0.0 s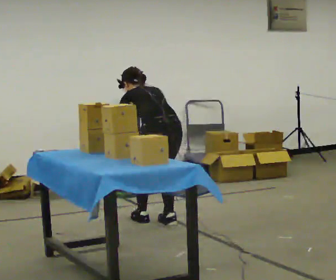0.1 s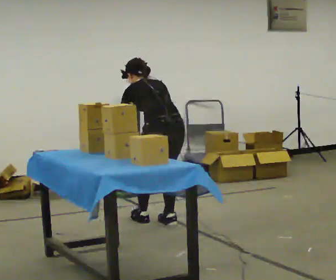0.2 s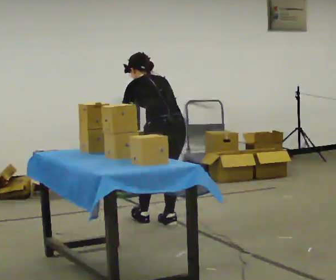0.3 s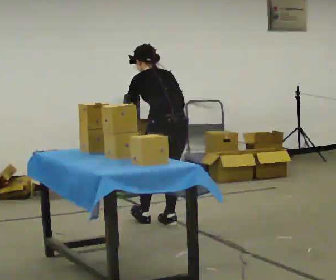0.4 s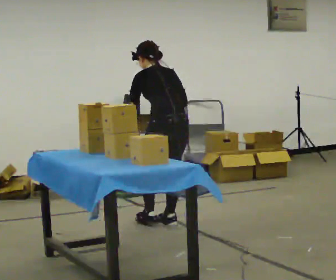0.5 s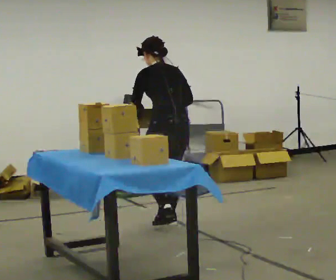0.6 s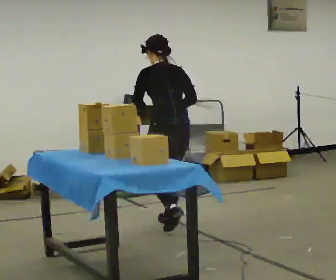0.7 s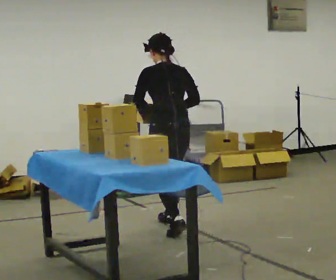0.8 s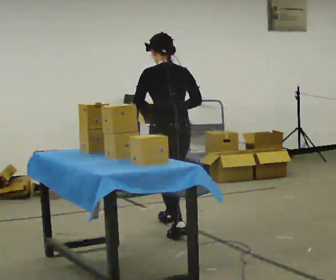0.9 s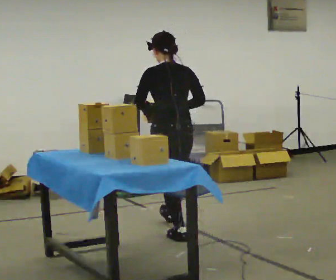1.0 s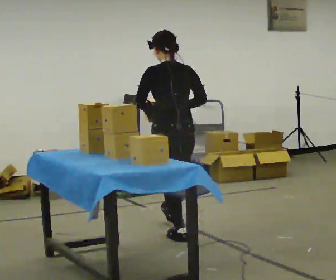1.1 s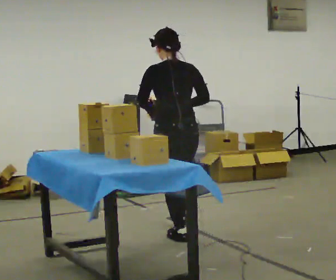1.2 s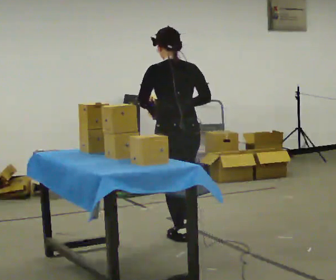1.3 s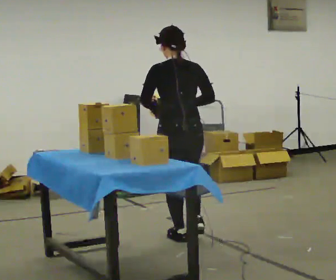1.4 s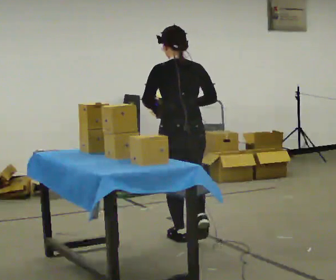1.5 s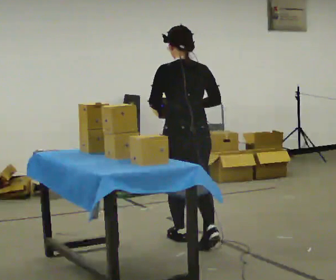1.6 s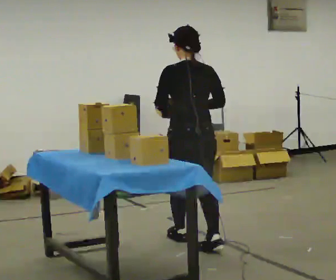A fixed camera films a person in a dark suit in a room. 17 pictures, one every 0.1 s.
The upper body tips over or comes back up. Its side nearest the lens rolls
downward.
Their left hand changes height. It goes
upward.
0.0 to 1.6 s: In the picture they go toward the camera, about 0.75 m in 2 steps, which for them is backward. The shoulders move upward. The upper body tips toward the camera, its near side rolling downward, as they lean back or straighten. In the picture their left hand goes upward.
The film runs backward here.
